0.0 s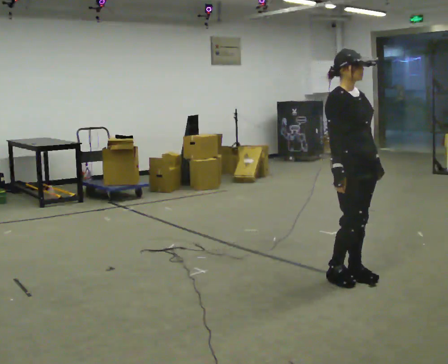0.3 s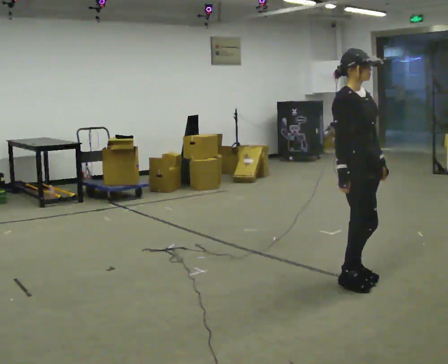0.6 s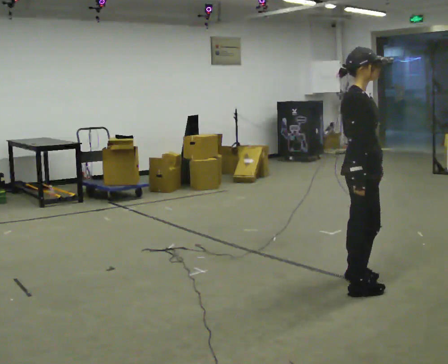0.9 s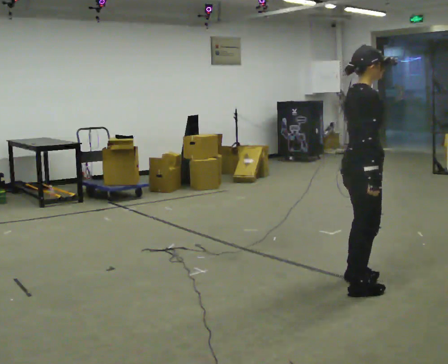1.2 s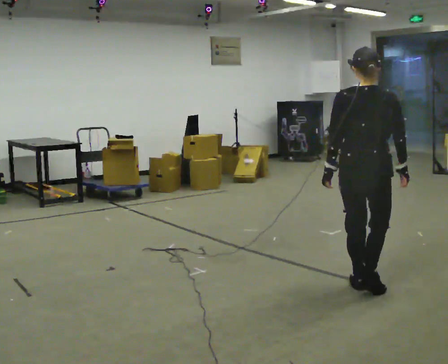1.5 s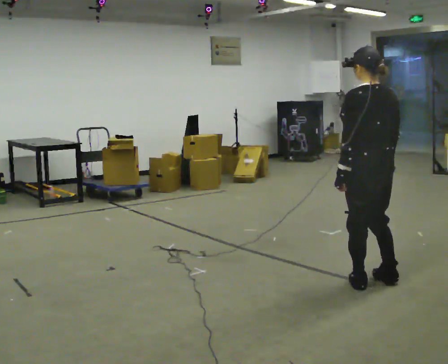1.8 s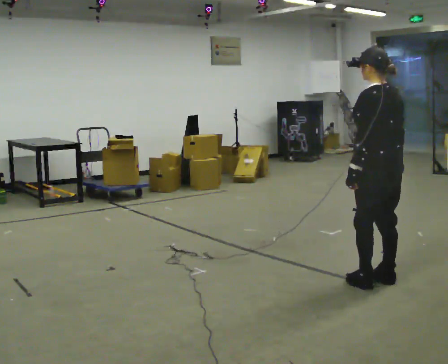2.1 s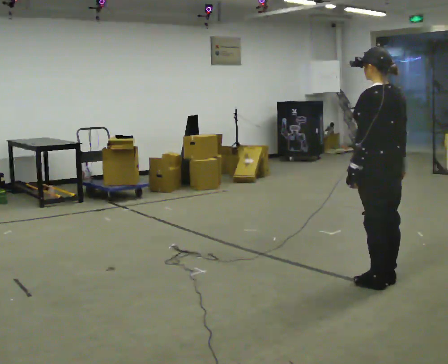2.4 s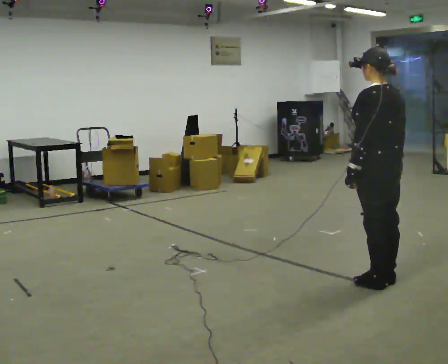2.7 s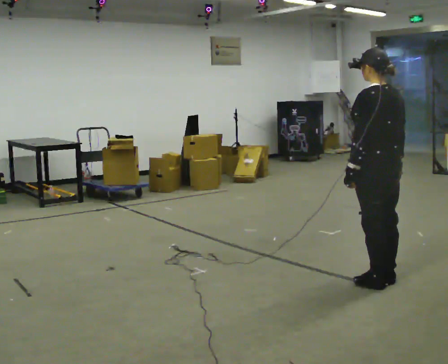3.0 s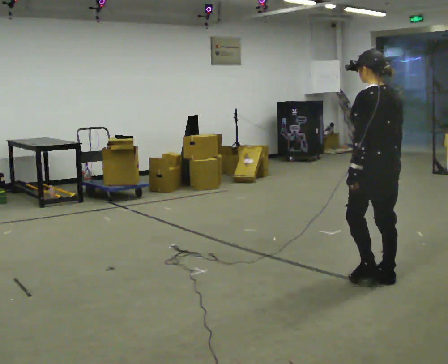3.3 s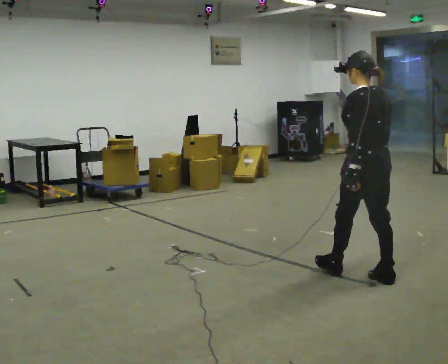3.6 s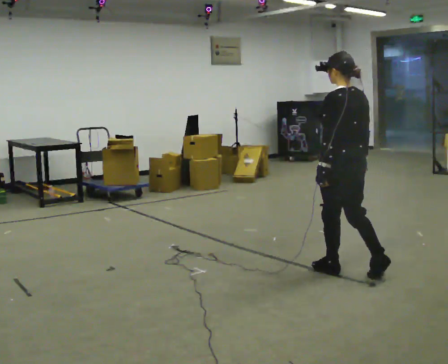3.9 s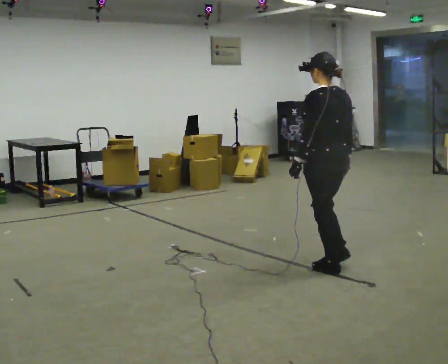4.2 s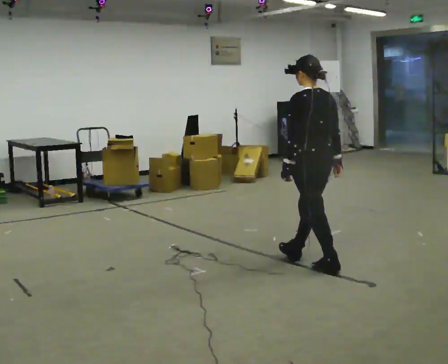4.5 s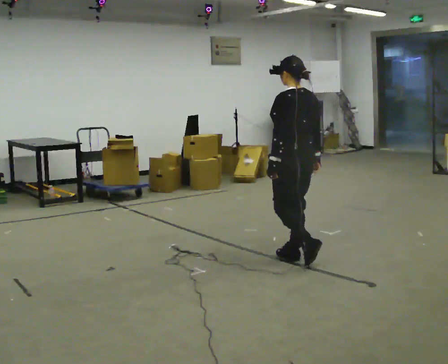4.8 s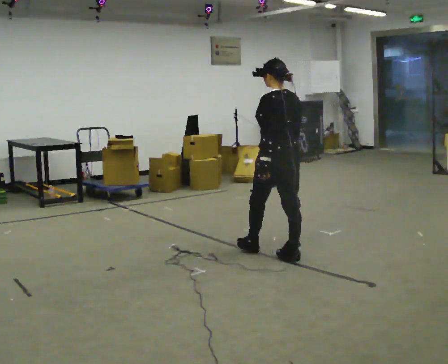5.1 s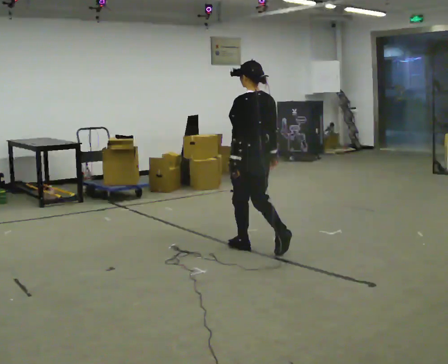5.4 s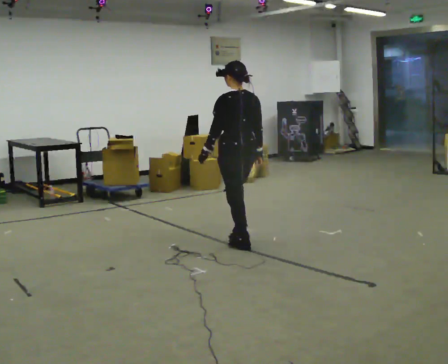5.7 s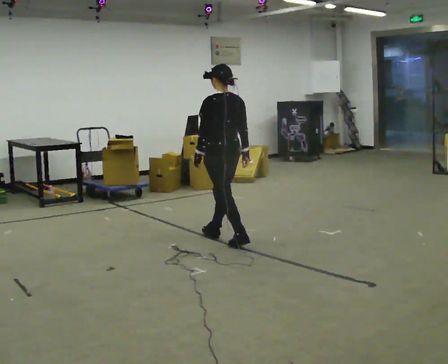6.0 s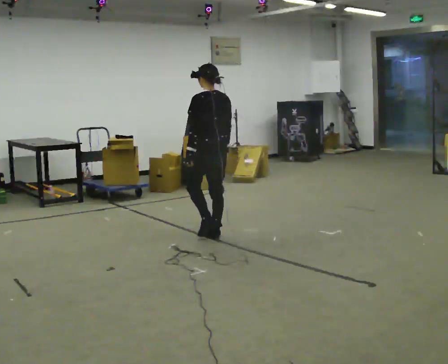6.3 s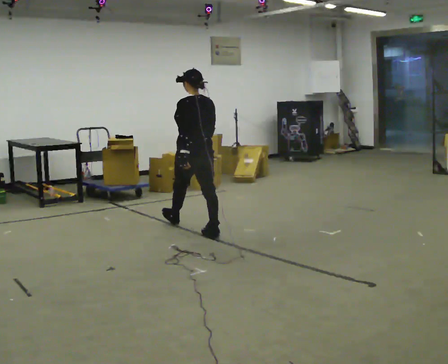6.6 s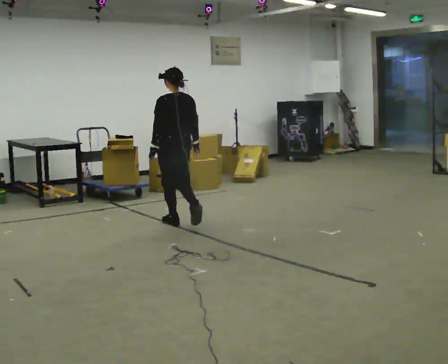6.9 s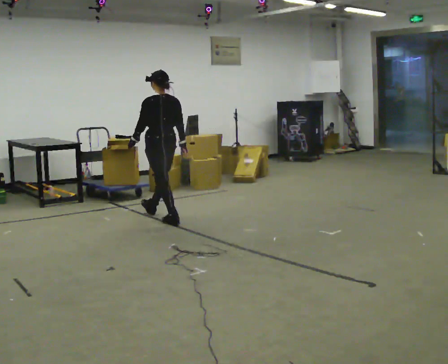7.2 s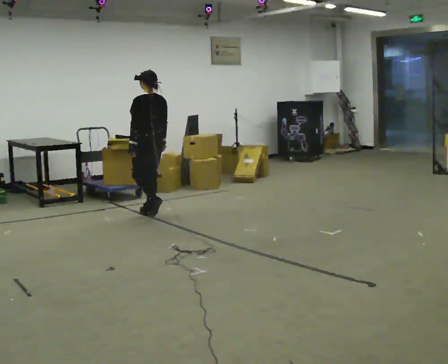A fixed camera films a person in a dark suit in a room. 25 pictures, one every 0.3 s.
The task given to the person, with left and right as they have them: Start still; gradually go slow → normal → fast; briefly maintain fast speed; stop.
0.0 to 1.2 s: The part of the body nearest the lens slides to the right as the person turns to their left by about 120 degrees. In the picture they go toward the camera, about 0.25 m in 2 steps.
1.2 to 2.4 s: The person turns about 45 degrees to their left, counterclockwise seen from above, so the part of the body nearest the lens slides to the right.
2.4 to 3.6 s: In the picture they go to the left and away from the camera, about 0.25 m in 1 step, which for them is forward.
3.6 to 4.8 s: In the picture they go to the left and away from the camera, about 0.5 m in 1 step, which for them is forward.
4.8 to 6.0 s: In the picture they go to the left and away from the camera, about 1 m in 2 steps, which for them is forward.
6.0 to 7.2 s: In the picture they go to the left and away from the camera, about 1 m in 2 steps, which for them is forward.
The film runs forward here.
